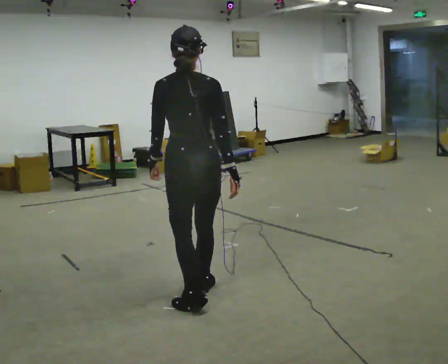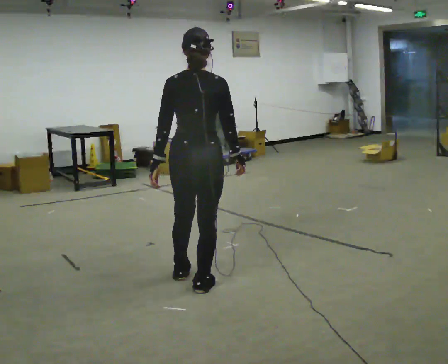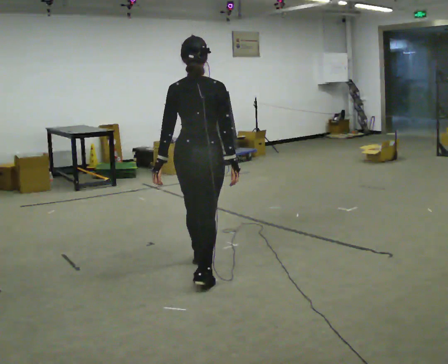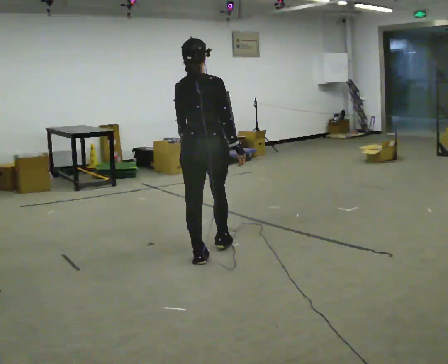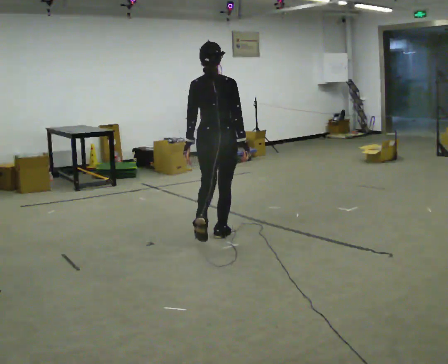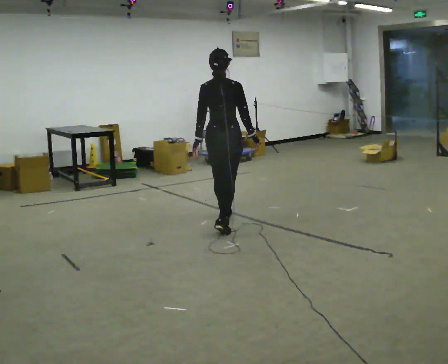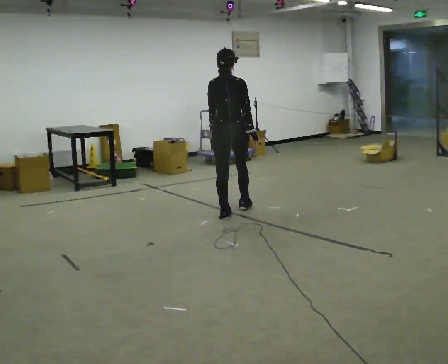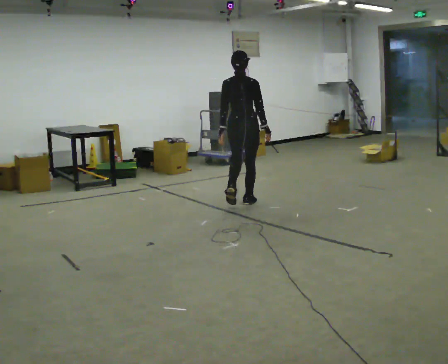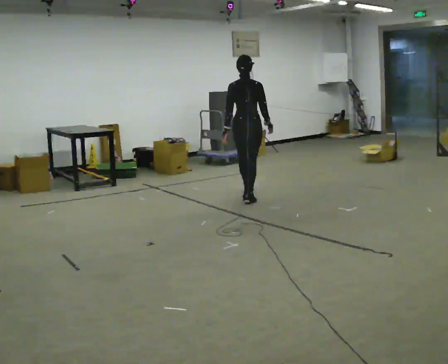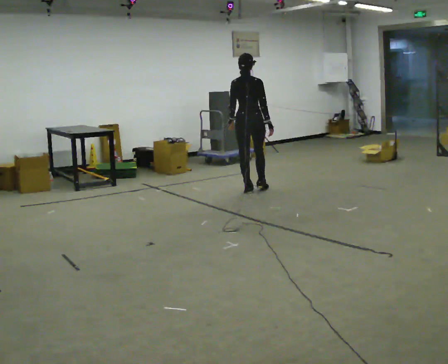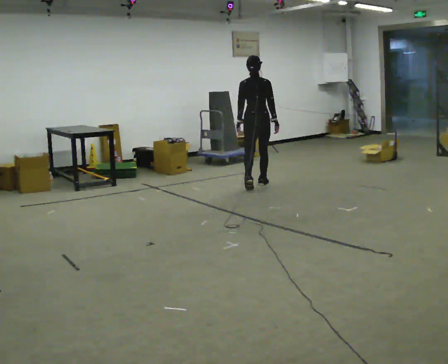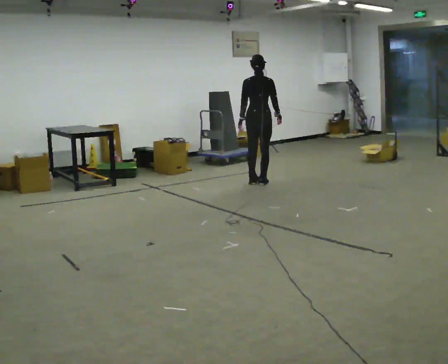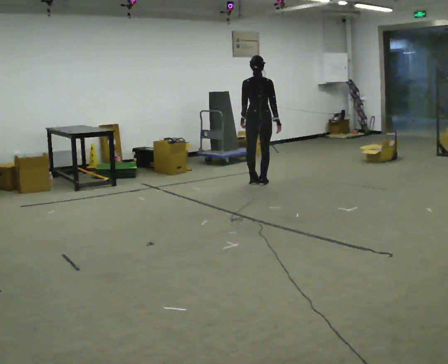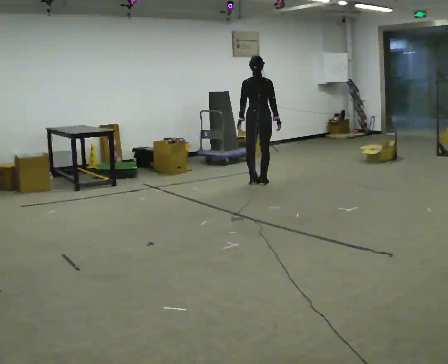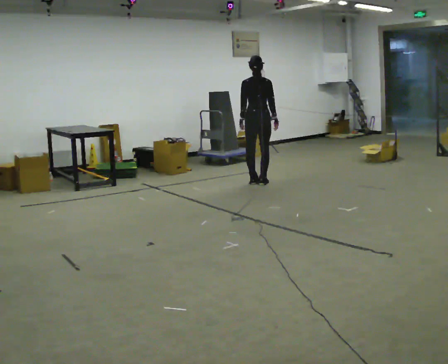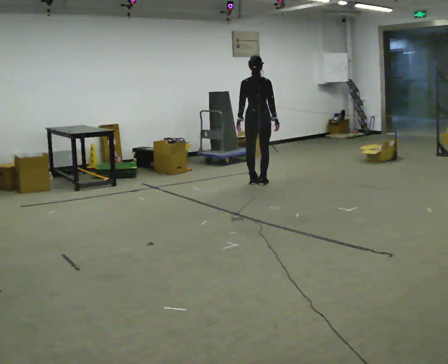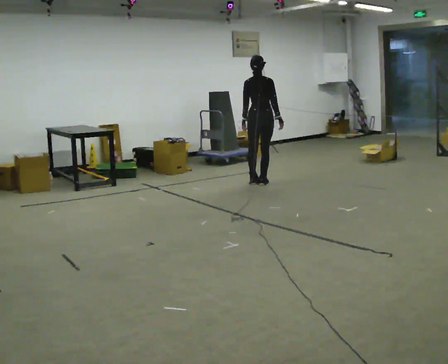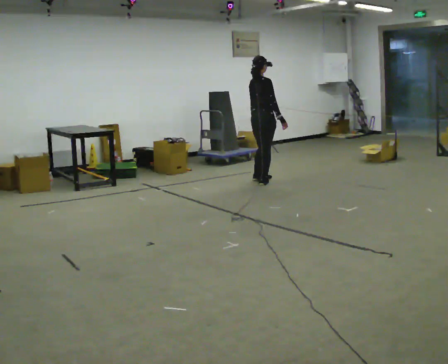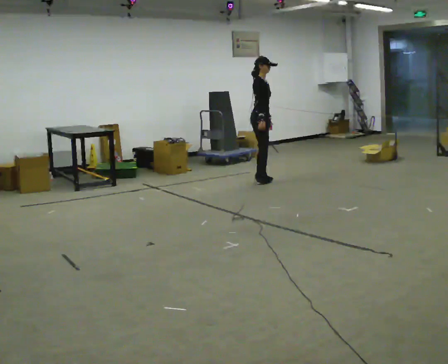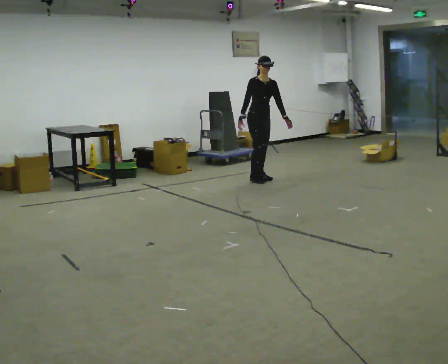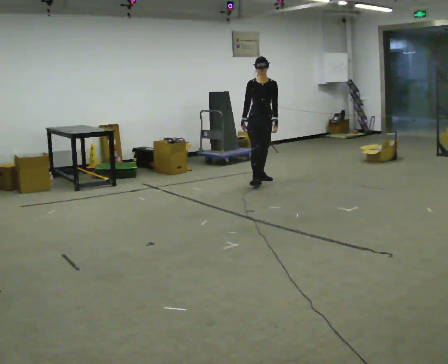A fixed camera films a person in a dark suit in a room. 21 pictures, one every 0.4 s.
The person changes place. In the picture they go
away from the camera.
0.0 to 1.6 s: In the picture they go away from the camera, about 1 m in 2 steps, which for them is forward.
1.6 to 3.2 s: In the picture they go away from the camera, about 1.5 m in 3 steps, which for them is forward.
3.2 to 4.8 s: In the picture they go away from the camera, about 0.5 m in 2 steps, which for them is forward.
4.8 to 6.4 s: The person moves a little, or ends about where they began.
6.4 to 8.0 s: Seen from above the body turns clockwise, about 150 degrees: to their right, with its near side sliding to the left. In the picture their right hand goes to the left, the arm swinging clockwise.
The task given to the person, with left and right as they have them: Start still; accelerate to fast walking; hold the fast speed for several steps; decelerate and stop. Do not run.
The film runs forward here.
